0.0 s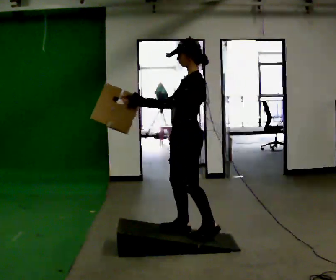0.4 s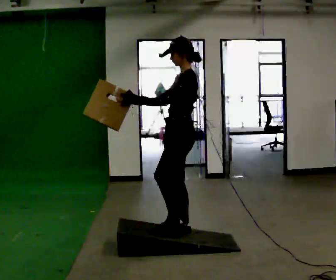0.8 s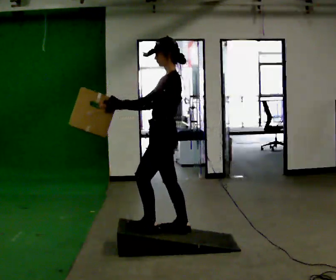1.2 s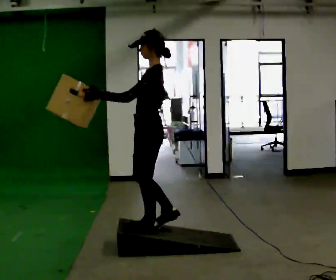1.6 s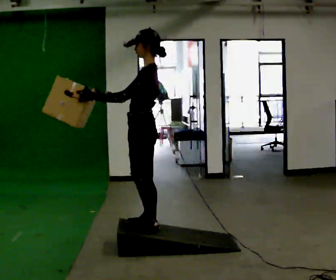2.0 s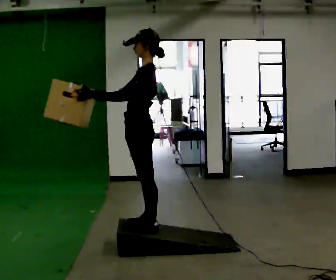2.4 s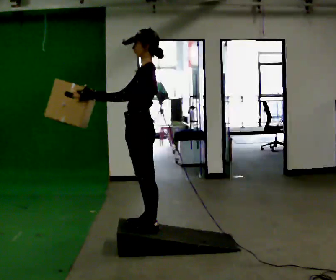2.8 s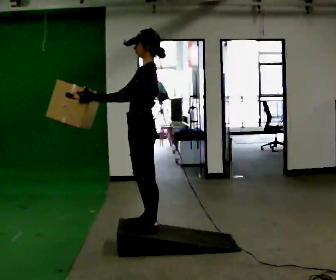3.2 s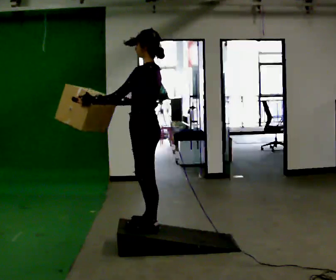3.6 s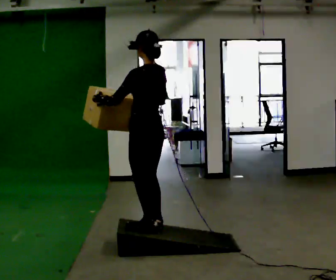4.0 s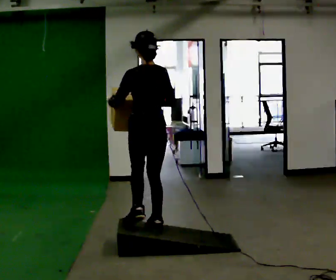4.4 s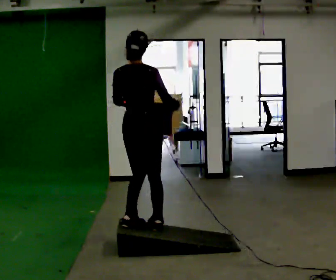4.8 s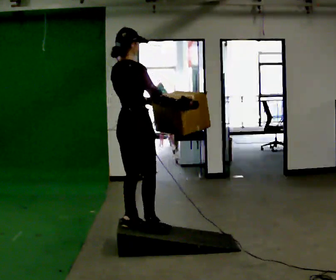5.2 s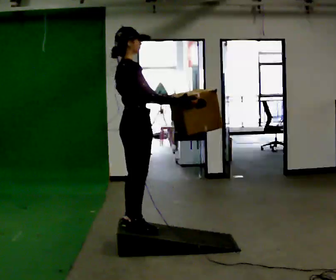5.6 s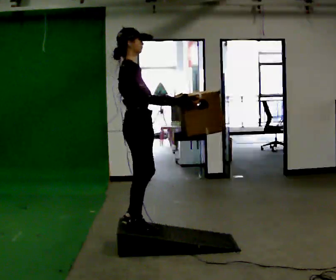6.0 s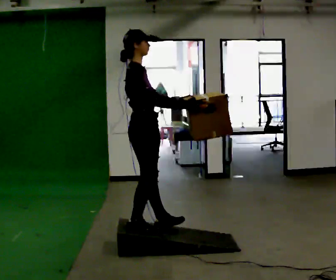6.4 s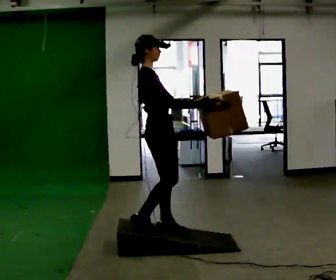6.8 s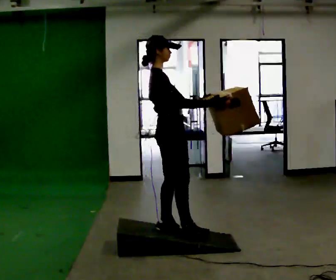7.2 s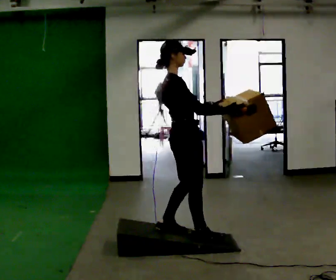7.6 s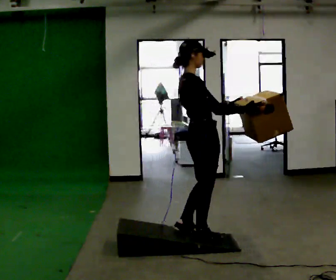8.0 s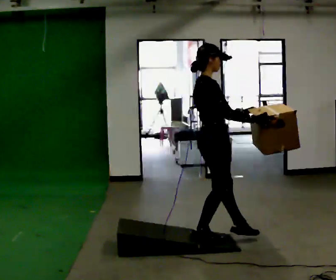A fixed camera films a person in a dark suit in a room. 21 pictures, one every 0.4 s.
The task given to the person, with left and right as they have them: Carry the box up the ramp, turn at the top, and carry it back down. Keep going until the operator says stop; one object at a time, and do not rush between trips.
0.0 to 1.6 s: In the picture they go to the left, about 0.25 m in 2 steps, which for them is forward.
1.6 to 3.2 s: The person moves a little, or ends about where they began.
3.2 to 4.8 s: The part of the body nearest the lens slides to the left as the person turns to their right by about 120 degrees. In the picture their left hand goes to the right.
4.8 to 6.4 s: The person turns about 30 degrees to their right, clockwise seen from above, so the part of the body nearest the lens slides to the left. In the picture they go to the right, about 0.25 m in 2 steps, which for them is forward. In the picture their left hand goes to the right.
6.4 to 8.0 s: In the picture they go to the right, about 0.5 m in 2 steps, which for them is forward.
The film runs forward here.
